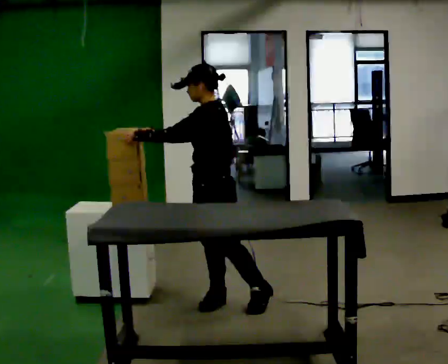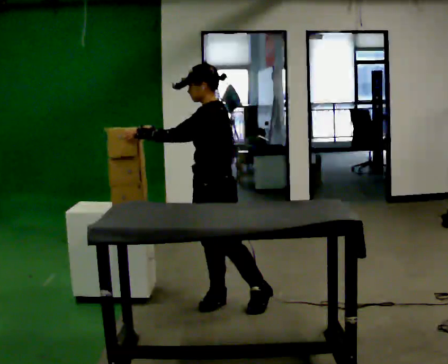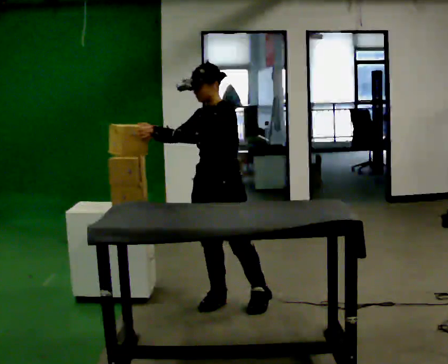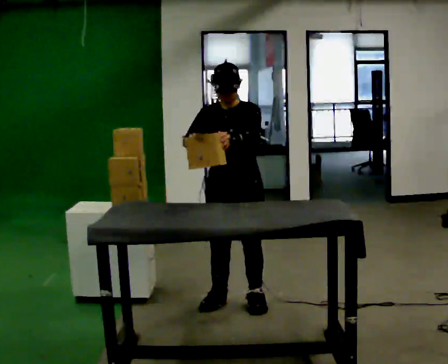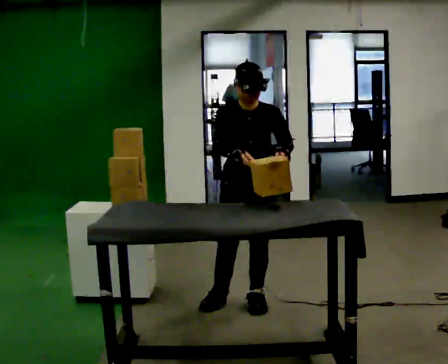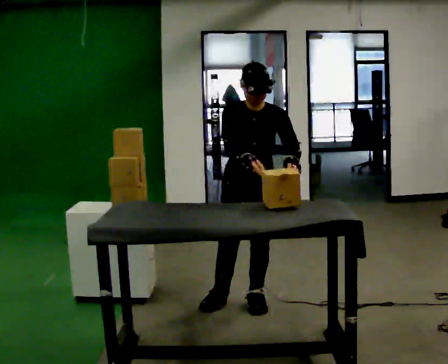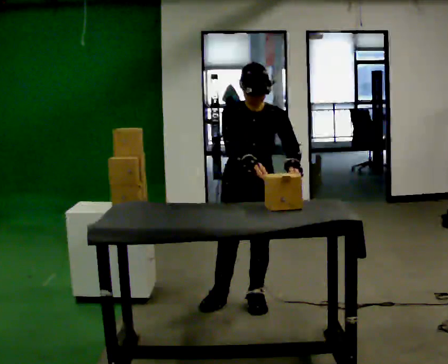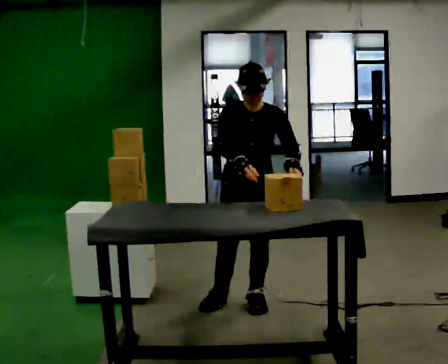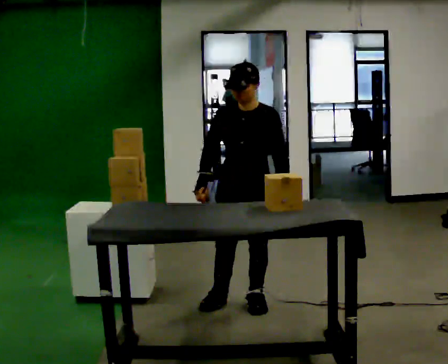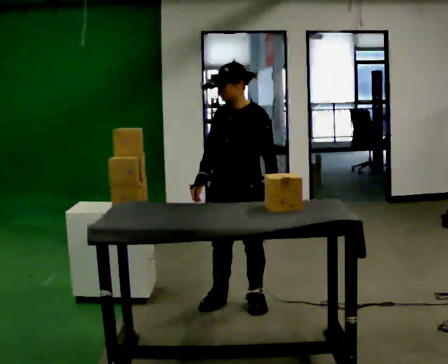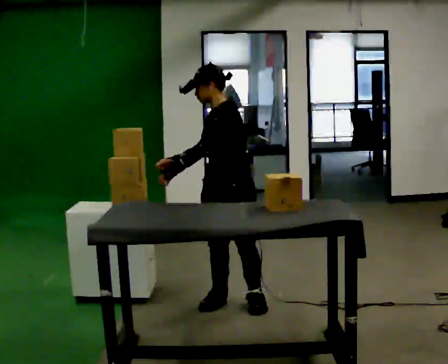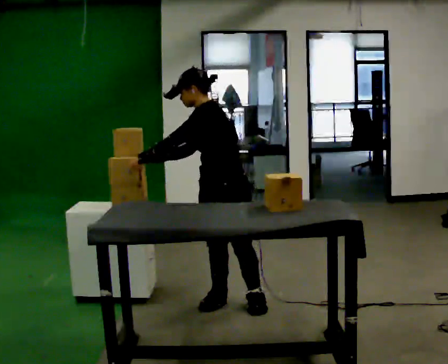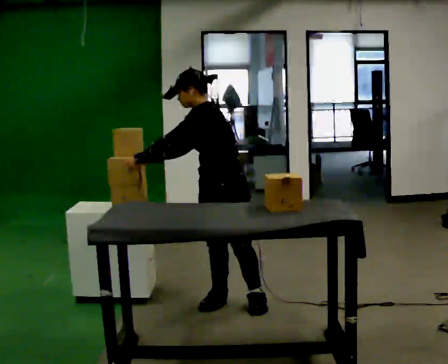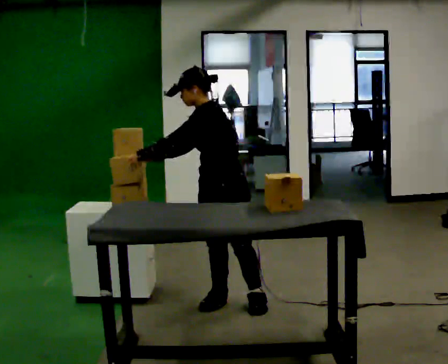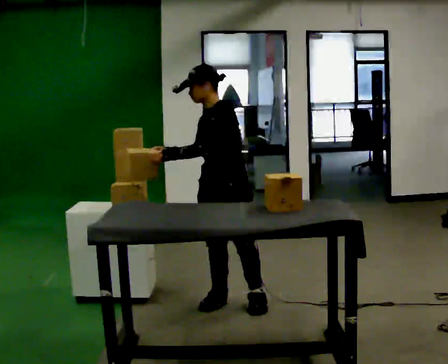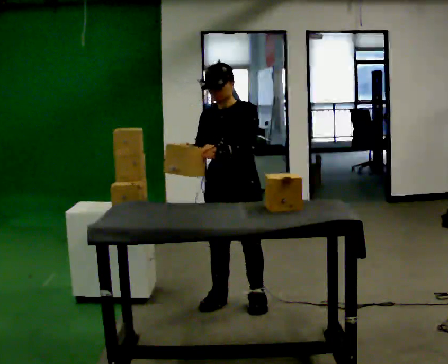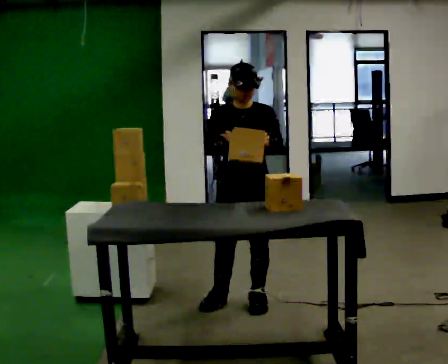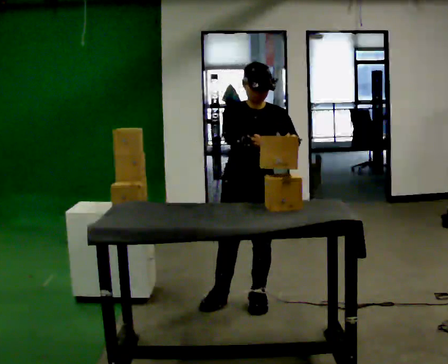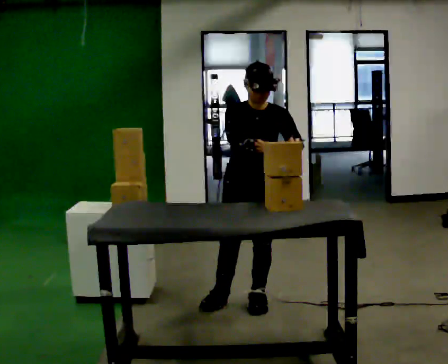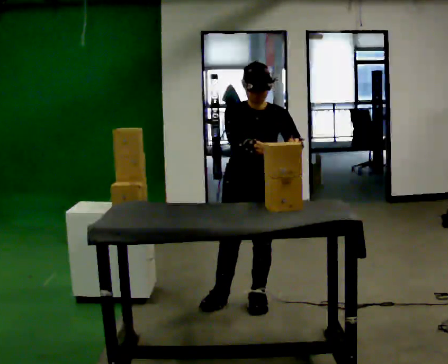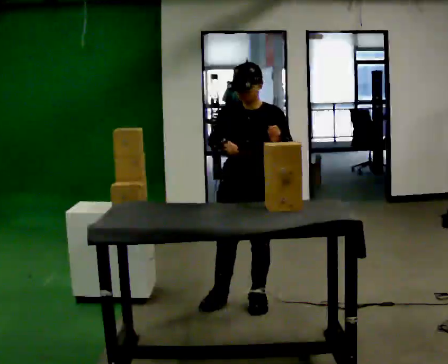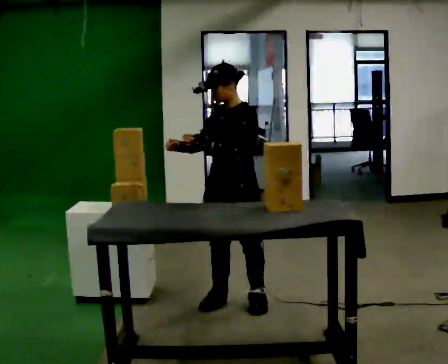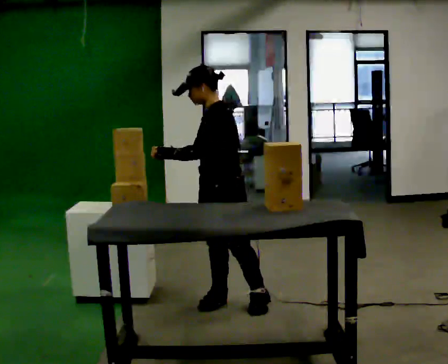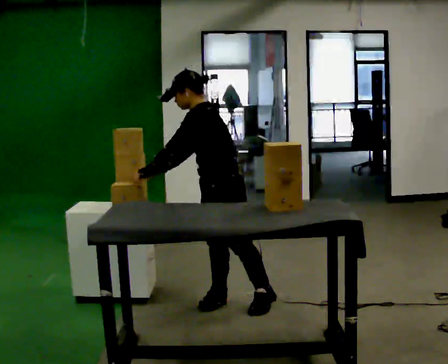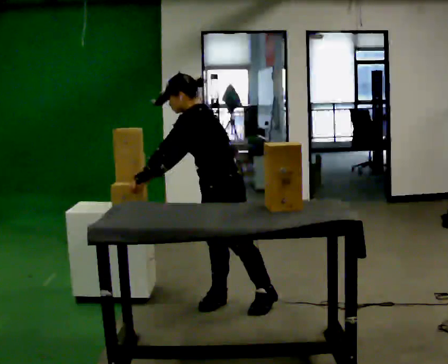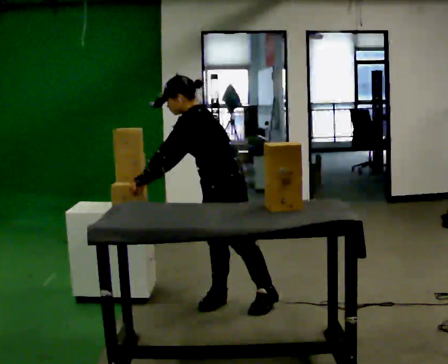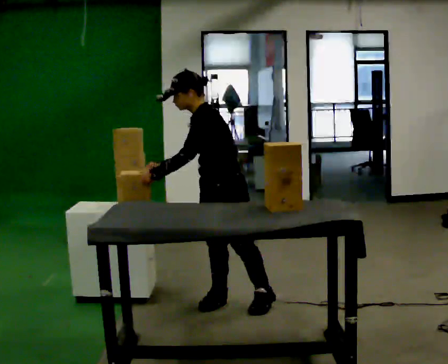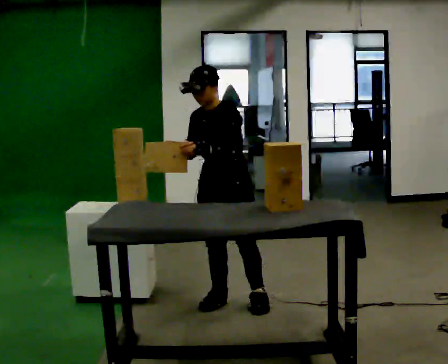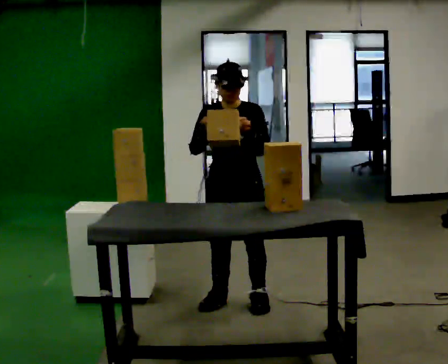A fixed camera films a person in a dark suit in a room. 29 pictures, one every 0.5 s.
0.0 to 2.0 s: The person turns about 90 degrees to their left, counterclockwise seen from above, so the part of the body nearest the lens slides to the right. In the picture they go to the right, about 0.25 m. In the picture their left hand goes to the right.
2.0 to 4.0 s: The person moves a little, or ends about where they began.
4.0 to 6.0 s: The person turns about 45 degrees to their right, clockwise seen from above, so the part of the body nearest the lens slides to the left. In the picture the upper body tilts counterclockwise, shoulders to the left. In the picture their left hand goes to the left, the arm swinging clockwise.
6.0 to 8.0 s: The person turns about 60 degrees to their left, counterclockwise seen from above, so the part of the body nearest the lens slides to the right. In the picture the upper body tilts clockwise, shoulders to the right, as they lean back or straighten. In the picture their left hand goes to the right.
8.0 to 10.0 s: The person moves a little, or ends about where they began.
10.0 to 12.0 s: Seen from above the body turns clockwise, about 75 degrees: to their right, with its near side sliding to the left. In the picture the upper body tilts counterclockwise, shoulders to the left, as they bend forward. In the picture their left hand goes to the left.
12.0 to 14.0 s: Seen from above the body turns counterclockwise, about 75 degrees: to their left, with its near side sliding to the right. In the picture the upper body tilts clockwise, shoulders to the right, as they lean back or straighten. In the picture their left hand goes to the right.
The film runs forward here.
